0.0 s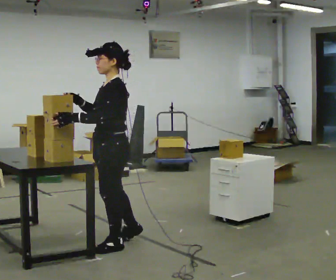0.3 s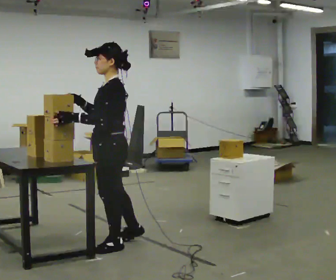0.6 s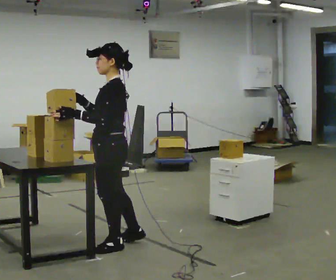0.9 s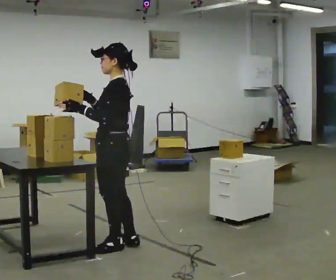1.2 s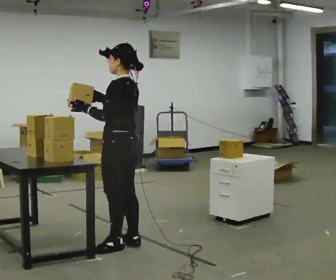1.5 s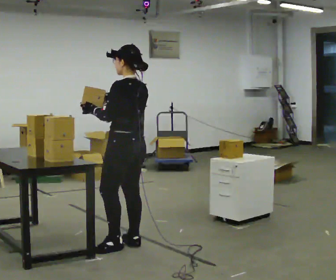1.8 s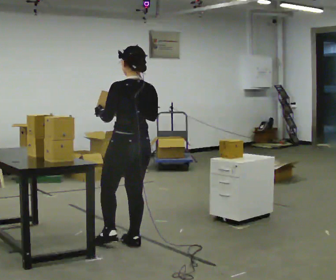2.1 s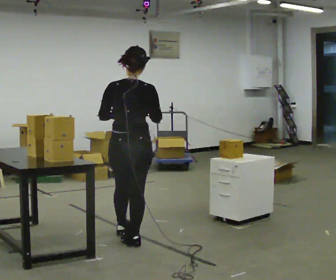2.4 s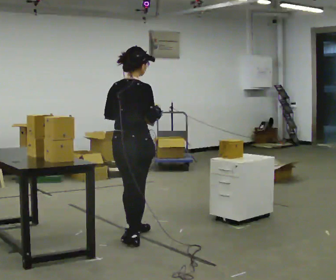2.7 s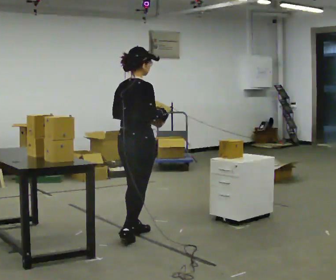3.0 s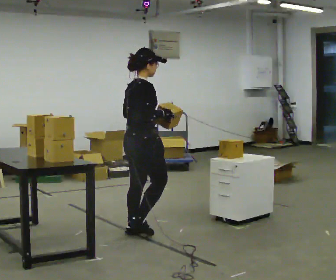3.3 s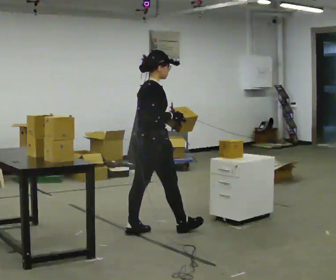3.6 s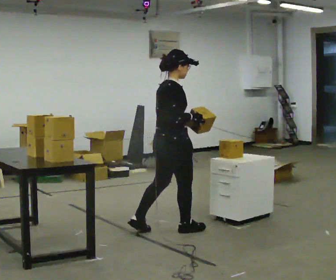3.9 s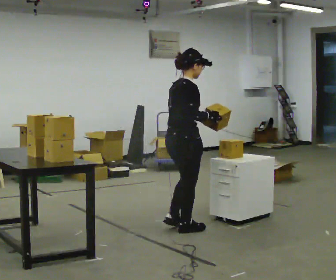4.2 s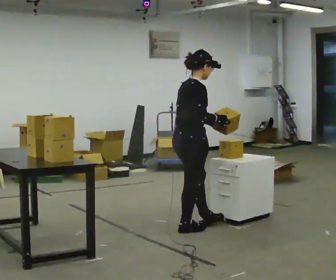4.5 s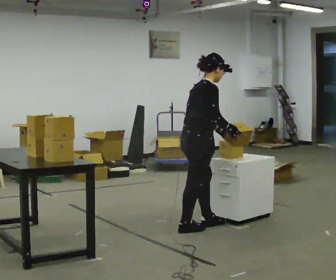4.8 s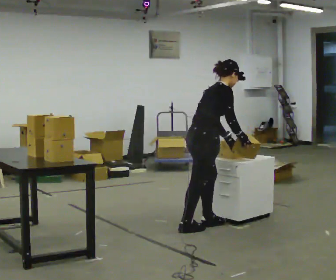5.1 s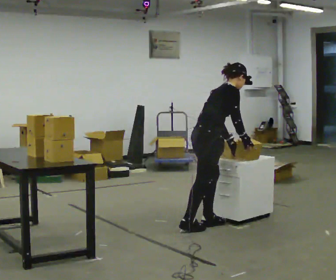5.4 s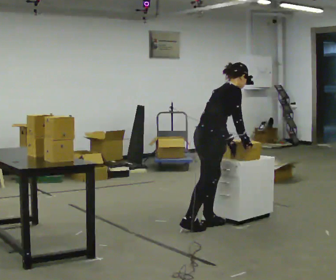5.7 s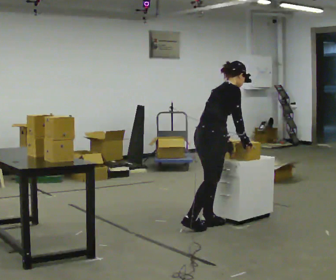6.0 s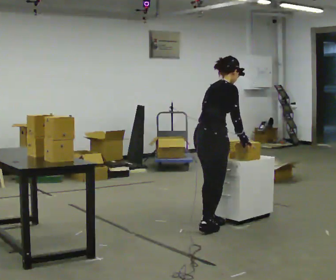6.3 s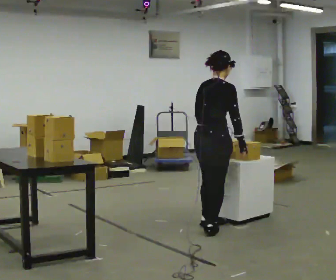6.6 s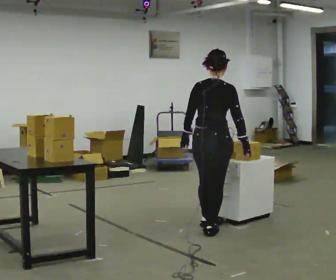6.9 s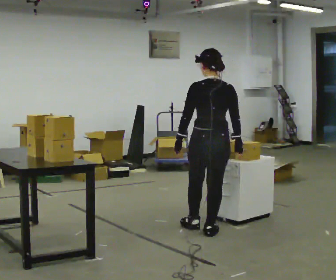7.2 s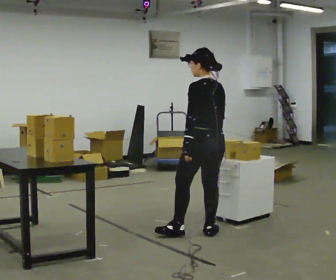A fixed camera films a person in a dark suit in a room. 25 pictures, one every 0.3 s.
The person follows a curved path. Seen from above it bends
clockwise.
0.0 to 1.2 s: The person turns about 30 degrees to their right, clockwise seen from above, so the part of the body nearest the lens slides to the left.
1.2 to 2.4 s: Seen from above the body turns clockwise, about 105 degrees: to their right, with its near side sliding to the left. In the picture they go away from the camera, about 0.25 m in 1 step. In the picture their right hand goes to the right.
2.4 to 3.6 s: The part of the body nearest the lens slides to the left as the person turns to their right by about 30 degrees. In the picture they go to the right and away from the camera, about 0.5 m in 1 step, which for them is forward.
3.6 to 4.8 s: In the picture they go to the right, about 0.25 m in 1 step, which for them is forward. In the picture the upper body tilts clockwise, shoulders to the right, as they bend forward.
4.8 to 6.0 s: The person moves a little, or ends about where they began.
6.0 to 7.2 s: Seen from above the body turns counterclockwise, about 105 degrees: to their left, with its near side sliding to the right. In the picture they go toward the camera, about 0.25 m in 2 steps. In the picture the upper body tilts counterclockwise, shoulders to the left, as they lean back or straighten. In the picture their left hand goes to the left.
The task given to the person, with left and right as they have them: 1. Move all 12 boxes from the shelf at one end of the room to the shelf at the other end. 2. The cart is not available today, so carry them. 3. Tell the operator when you are finished.
The film runs forward here.
